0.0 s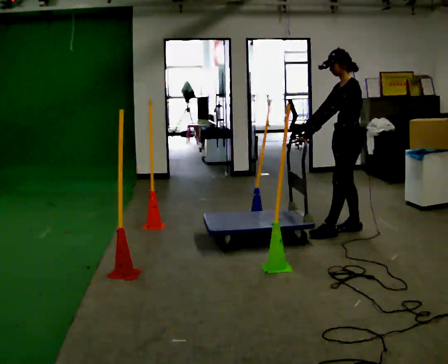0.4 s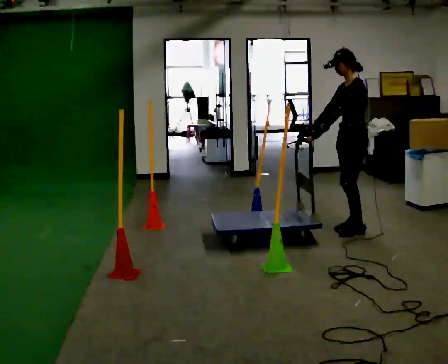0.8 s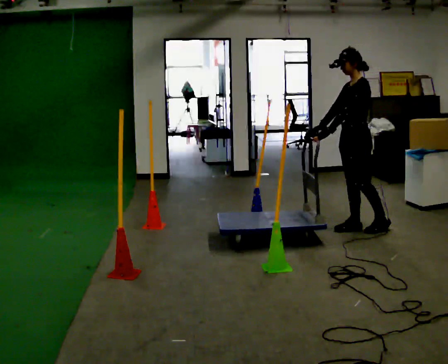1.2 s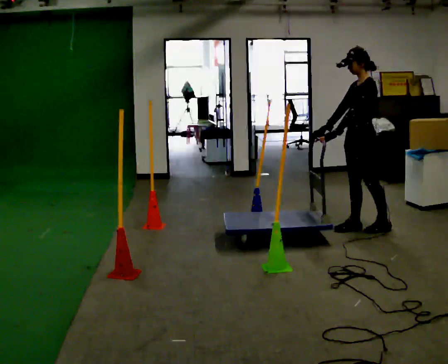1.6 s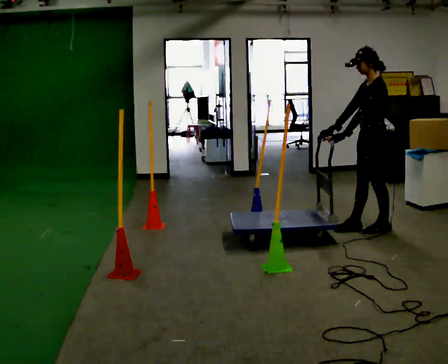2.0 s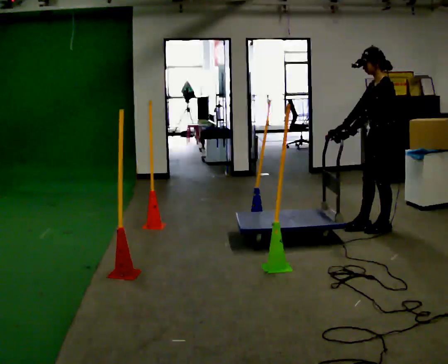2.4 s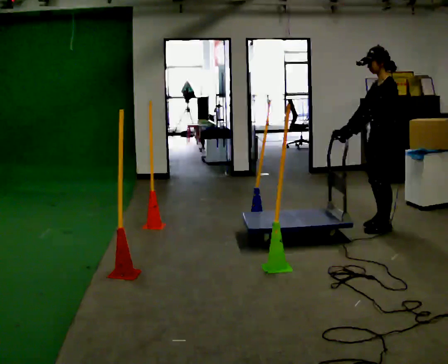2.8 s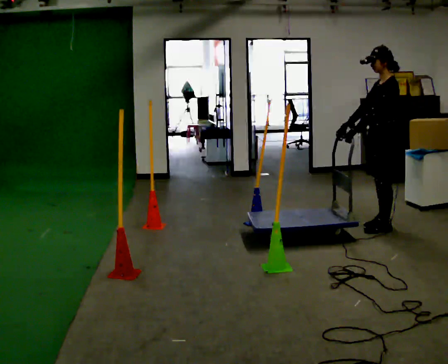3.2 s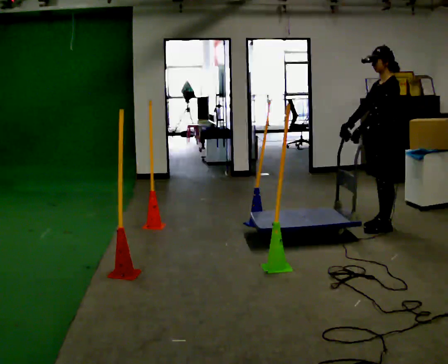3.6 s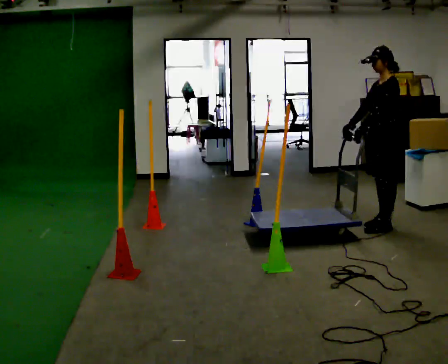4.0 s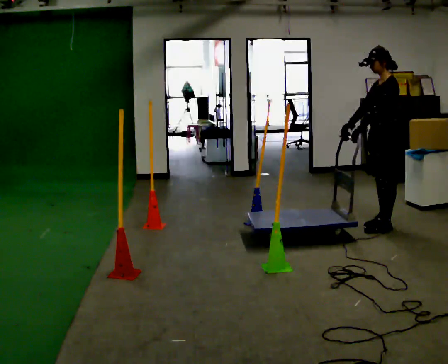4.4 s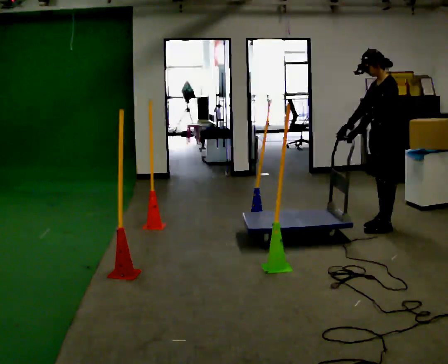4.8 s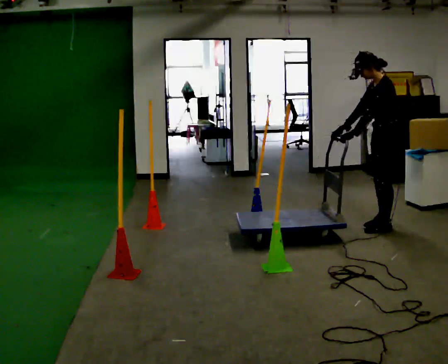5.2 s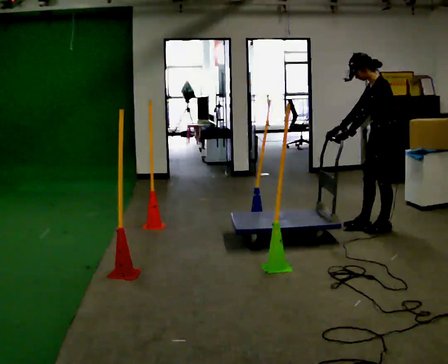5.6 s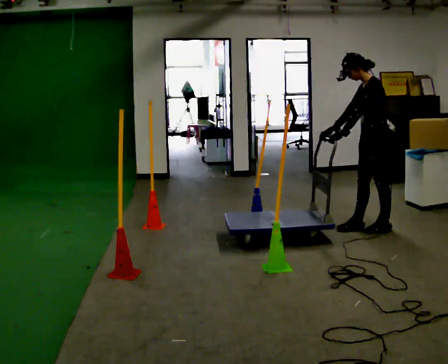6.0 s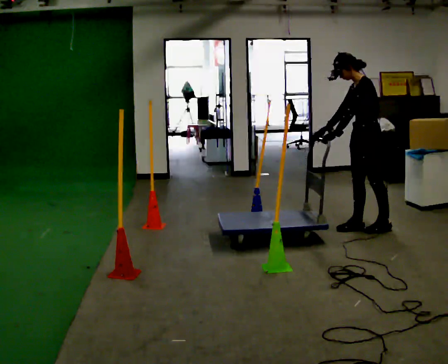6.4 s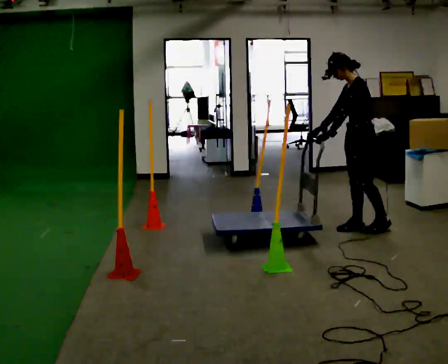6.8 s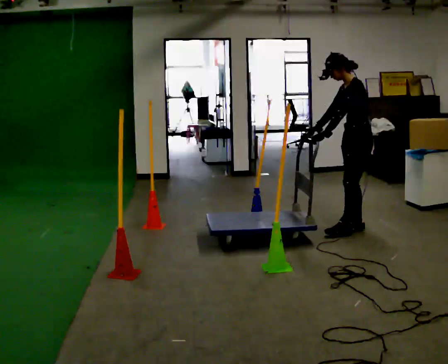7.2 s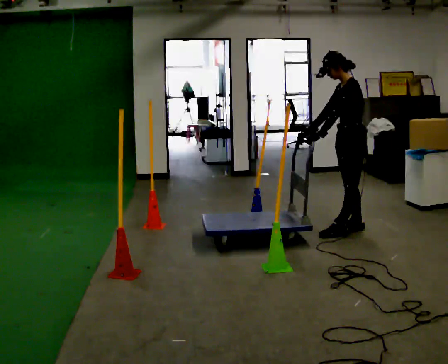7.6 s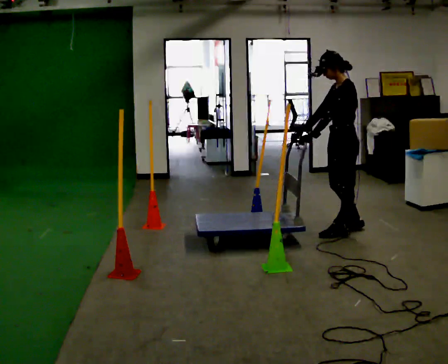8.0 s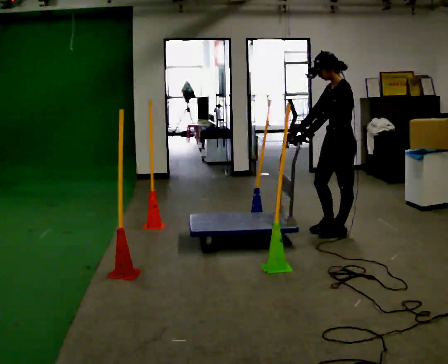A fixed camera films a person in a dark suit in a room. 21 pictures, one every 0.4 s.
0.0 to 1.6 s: In the picture they go to the right, about 0.25 m in 1 step, which for them is backward.
1.6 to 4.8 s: The person moves a little, or ends about where they began.
4.8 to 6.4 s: In the picture they go to the left, about 0.25 m in 1 step, which for them is forward.
6.4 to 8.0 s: In the picture they go to the left, about 0.25 m in 2 steps, which for them is forward.
The film runs backward here.
